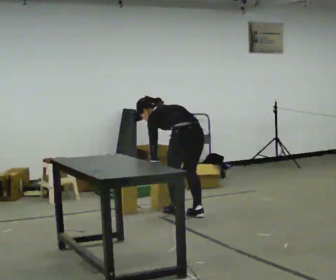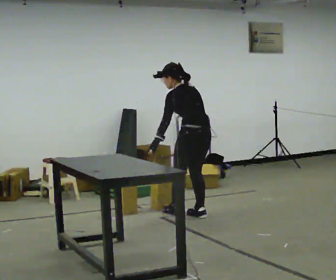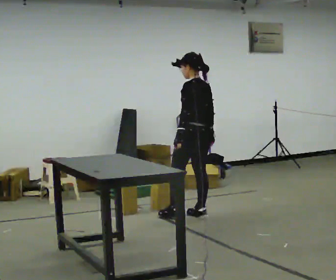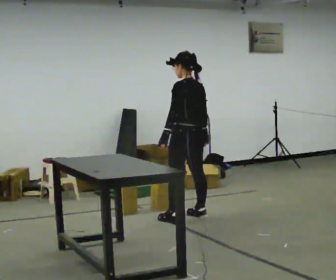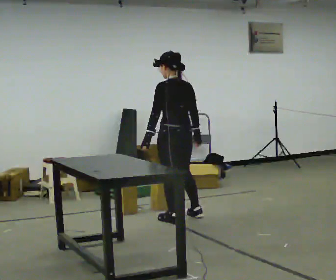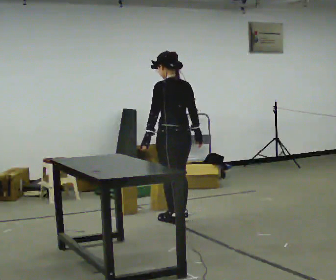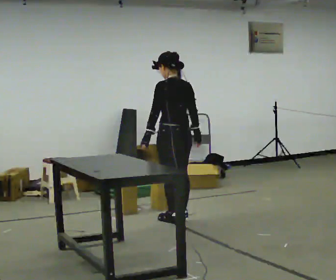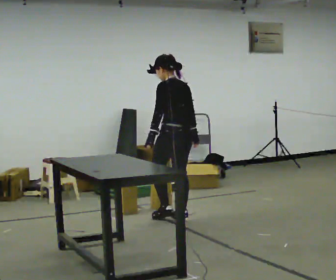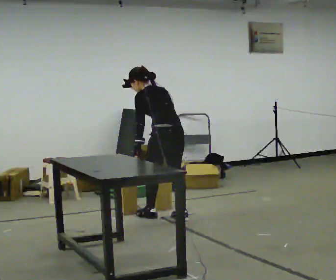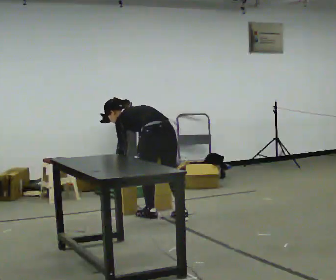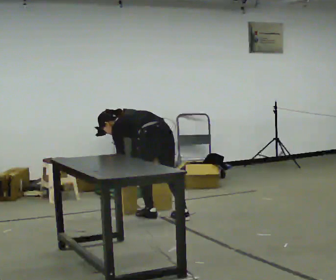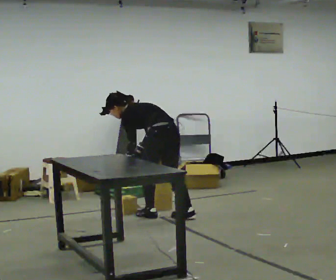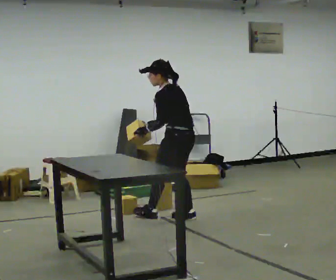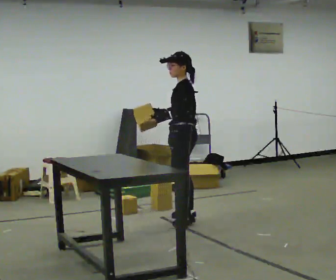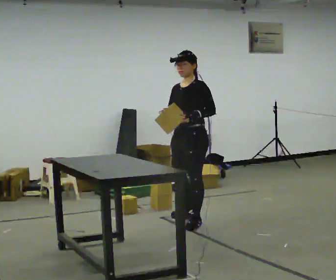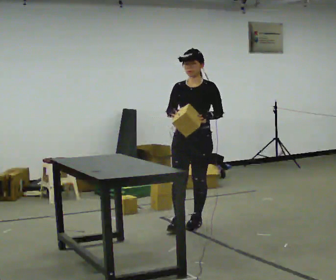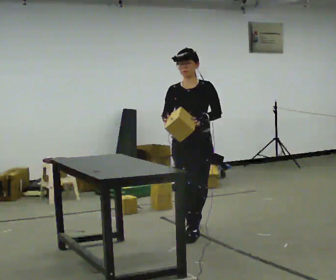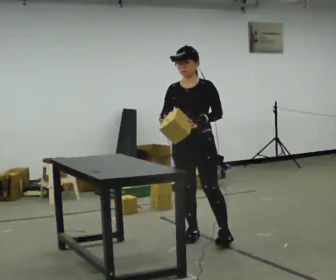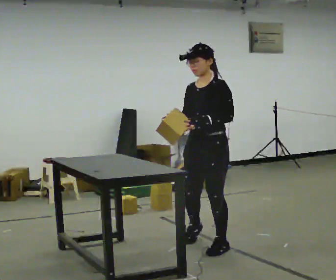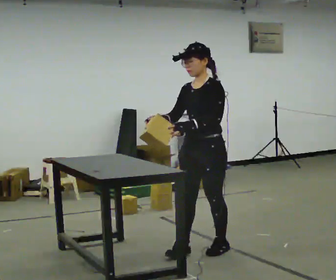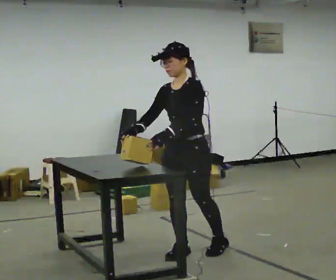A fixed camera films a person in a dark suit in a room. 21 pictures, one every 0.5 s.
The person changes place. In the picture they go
toward the camera.
0.0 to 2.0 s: In the picture they go toward the camera, about 0.25 m in 1 step, which for them is to their left. The shoulders move upward. The upper body tips toward the camera, its near side rolling downward, as they lean back or straighten. In the picture their left hand goes upward.
2.0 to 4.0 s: In the picture the upper body tilts counterclockwise, shoulders to the left, as they bend forward. In the picture their right hand goes to the left.
4.0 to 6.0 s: The person moves a little, or ends about where they began.
6.0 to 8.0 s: Seen from above the body turns counterclockwise, about 120 degrees: to their left, with its near side sliding to the right. In the picture they go toward the camera, about 0.5 m in 2 steps.
8.0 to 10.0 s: Seen from above the body turns clockwise, about 45 degrees: to their right, with its near side sliding to the left. In the picture they go toward the camera, about 0.75 m in 2 steps, which for them is forward and to their left.
The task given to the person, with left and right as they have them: Pick the fragile object up and set it back down as gently as you can. Repeat at your own pace until the operator says stop. Keep both feet on the marked spots for the whole take. If you have to step, stop and tell the operator.
The film runs forward here.
